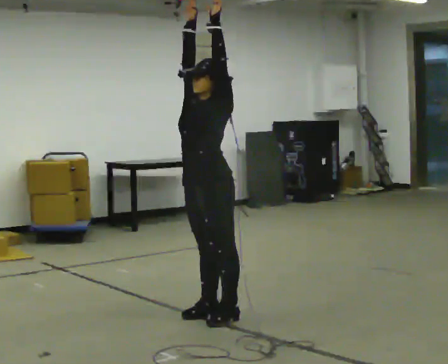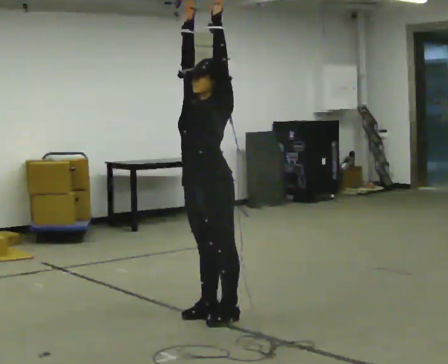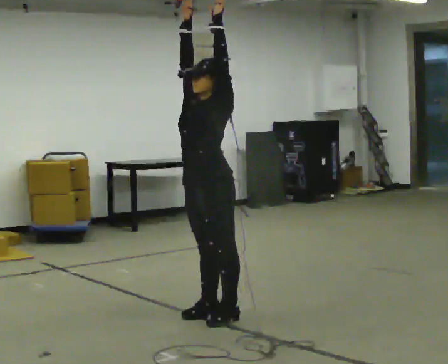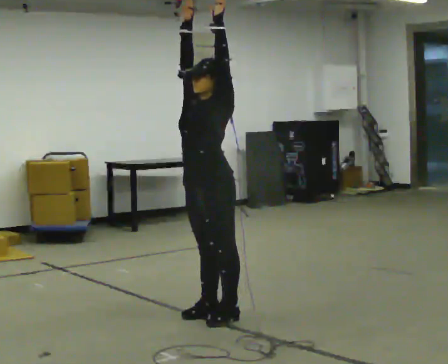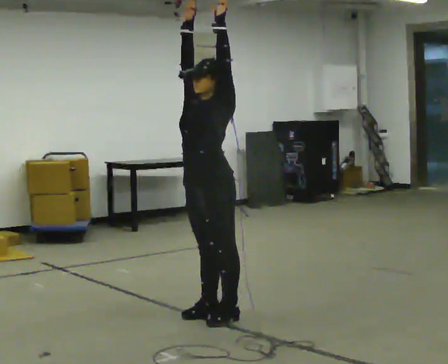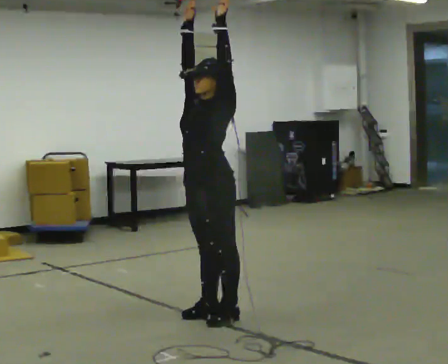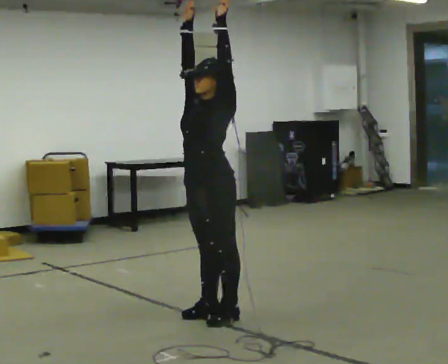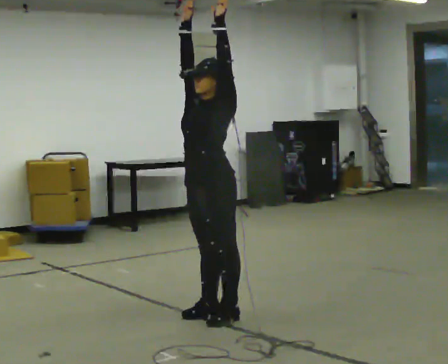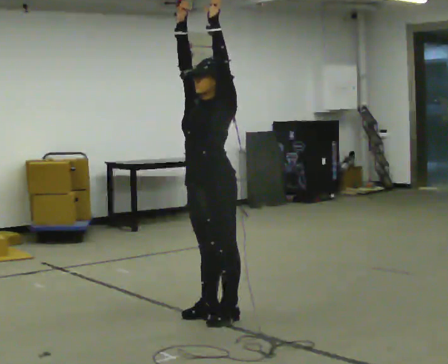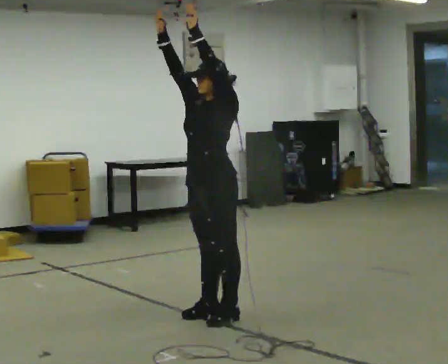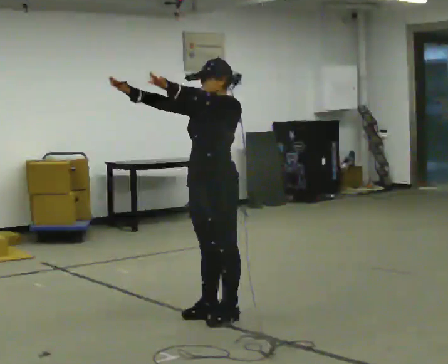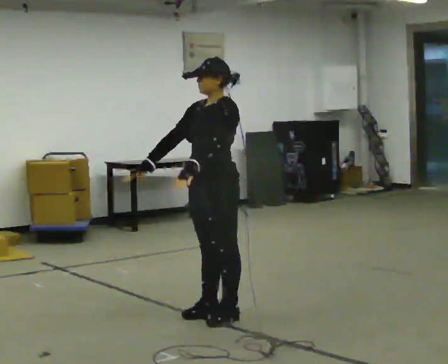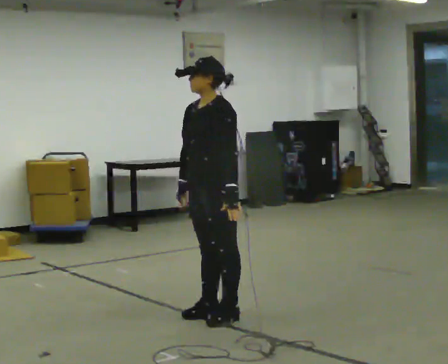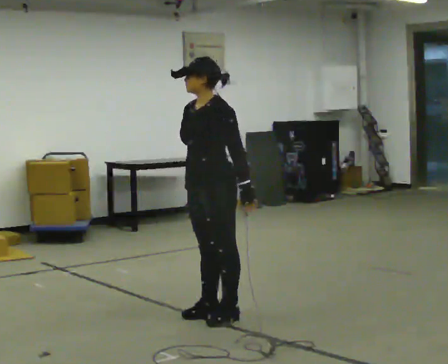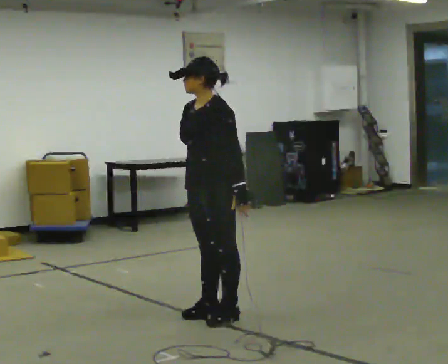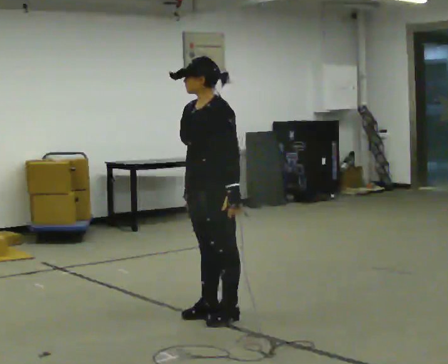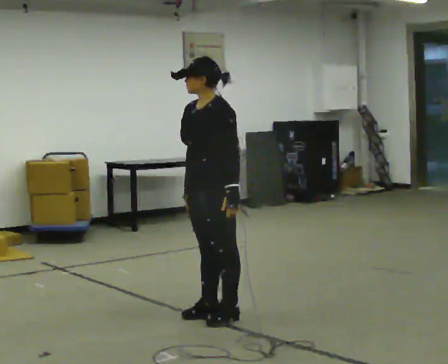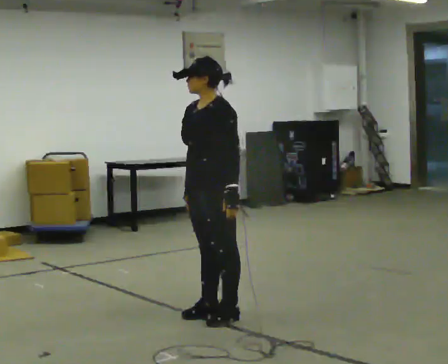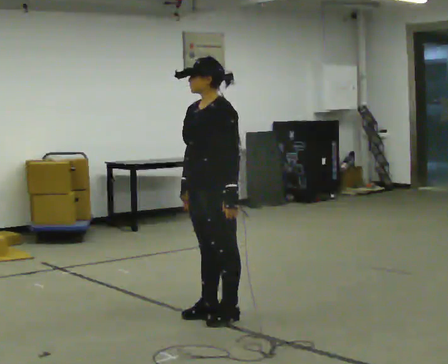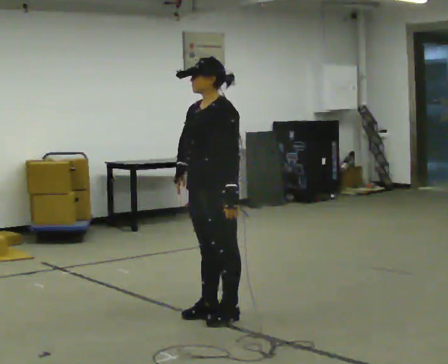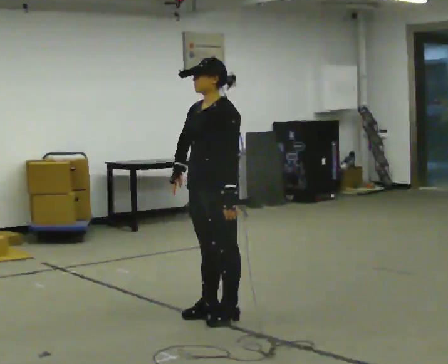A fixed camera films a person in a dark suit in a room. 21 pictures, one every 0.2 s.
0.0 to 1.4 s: The person moves a little, or ends about where they began.
1.4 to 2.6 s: In the picture their left hand goes downward.
2.6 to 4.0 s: The person moves a little, or ends about where they began.
The film runs forward here.
